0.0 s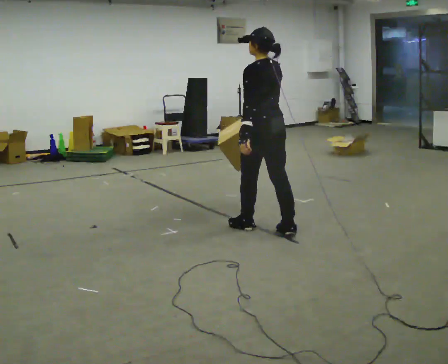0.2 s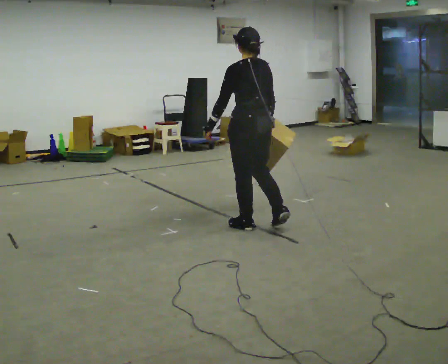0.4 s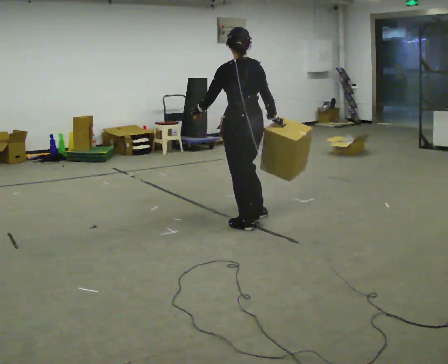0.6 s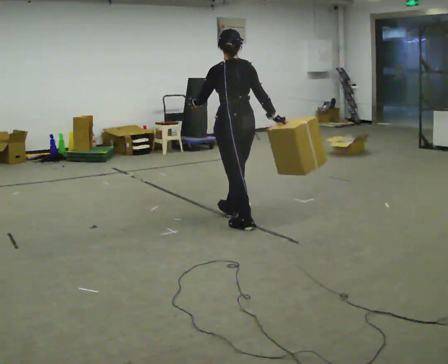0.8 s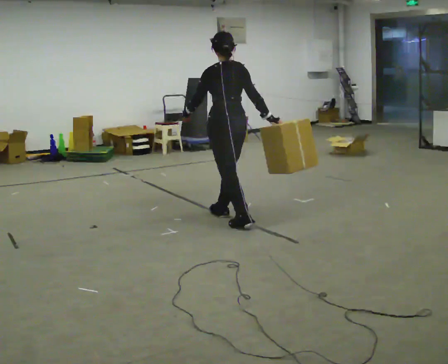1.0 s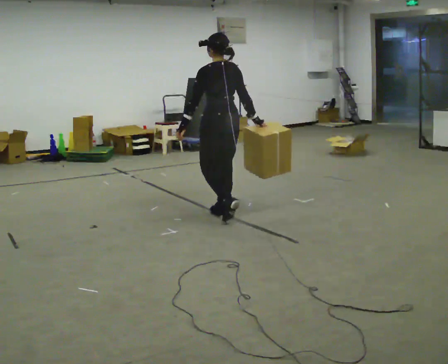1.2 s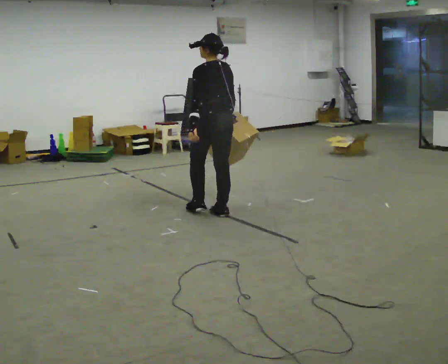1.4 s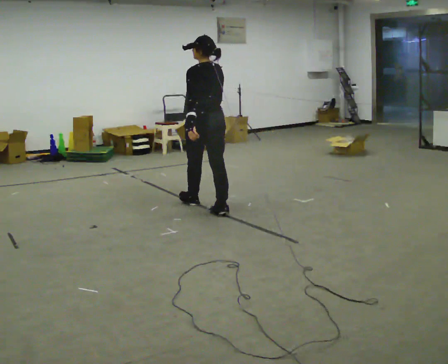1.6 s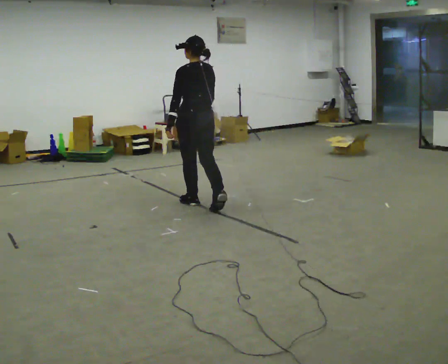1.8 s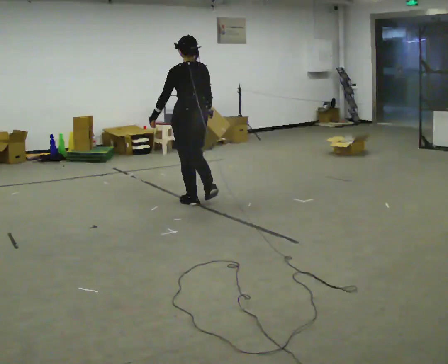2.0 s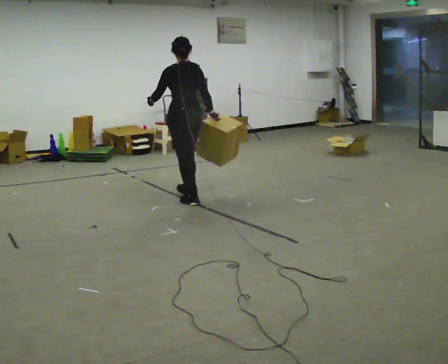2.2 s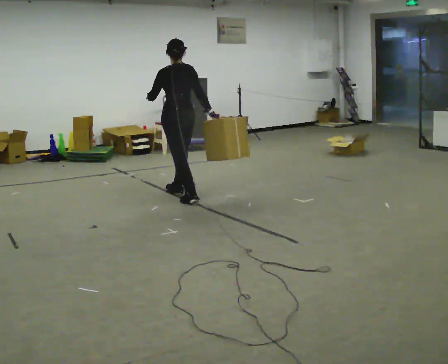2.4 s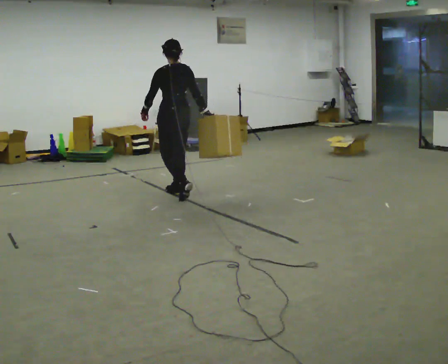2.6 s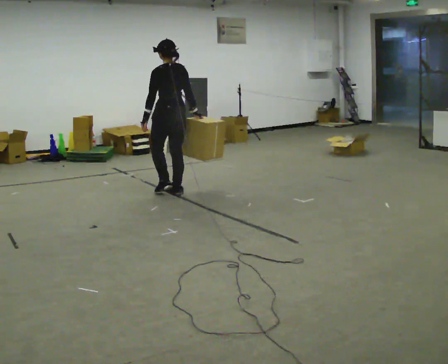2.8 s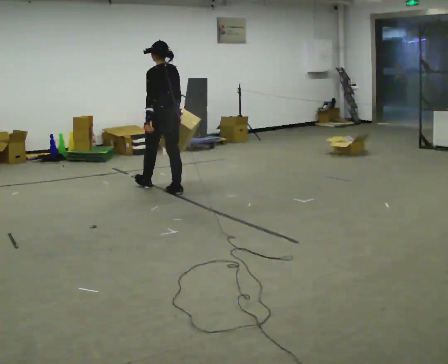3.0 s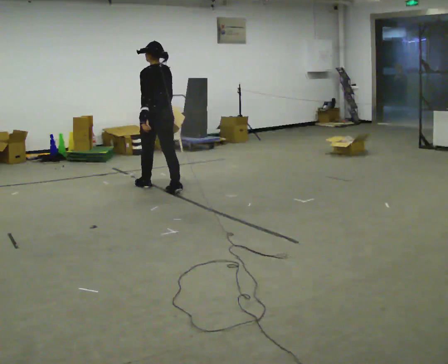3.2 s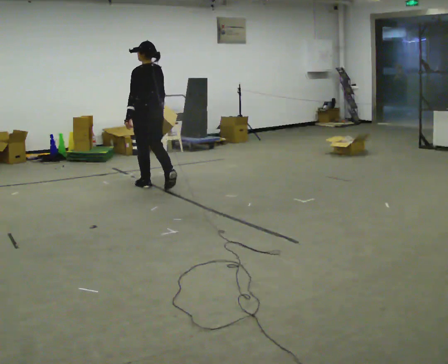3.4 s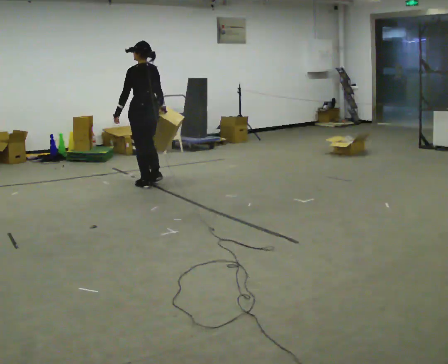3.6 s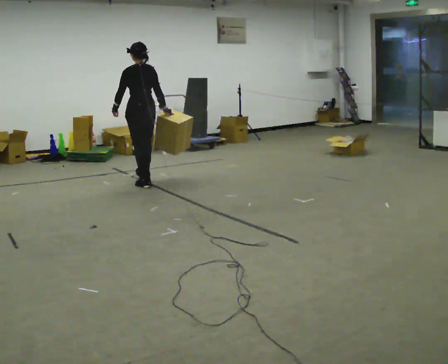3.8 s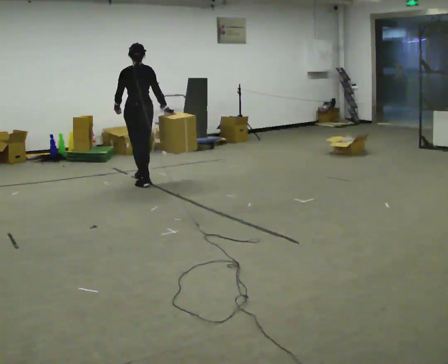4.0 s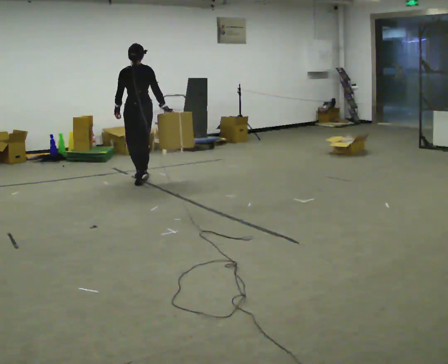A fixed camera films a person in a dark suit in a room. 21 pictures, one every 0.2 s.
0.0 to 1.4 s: In the picture they go away from the camera and to the left, about 1 m in 2 steps, which for them is forward.
1.4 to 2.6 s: In the picture they go away from the camera and to the left, about 0.5 m in 1 step, which for them is forward.
2.6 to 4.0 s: In the picture they go away from the camera and to the left, about 0.5 m in 2 steps, which for them is forward.
The film runs forward here.
